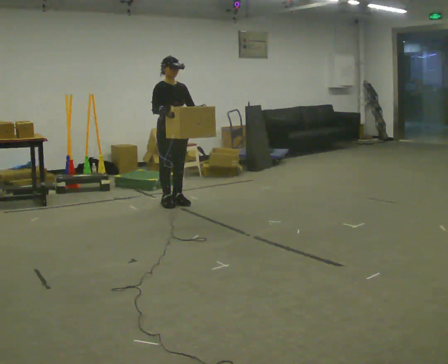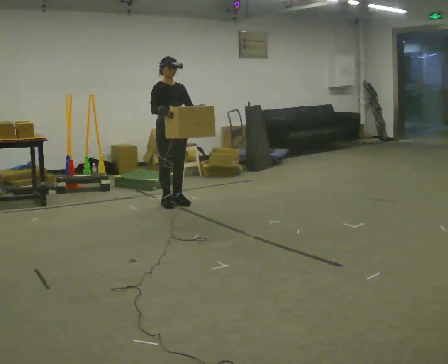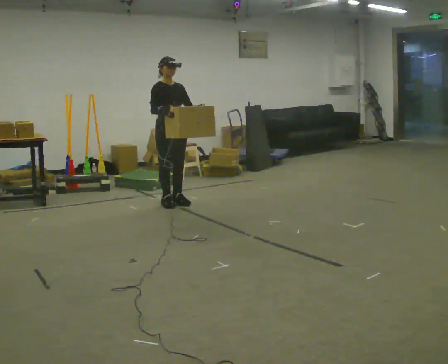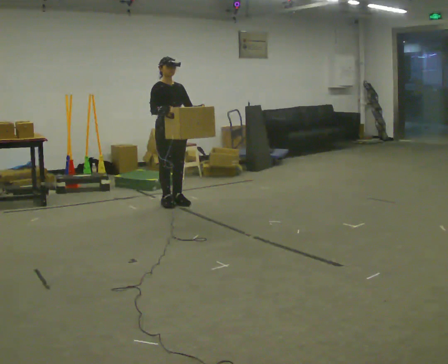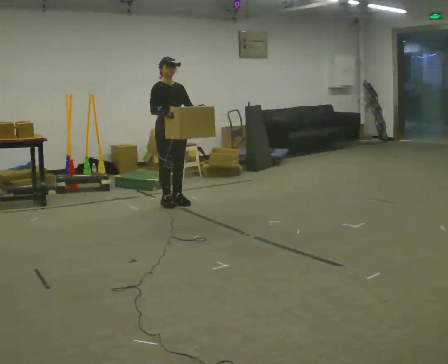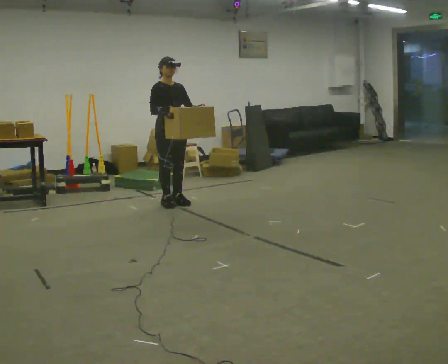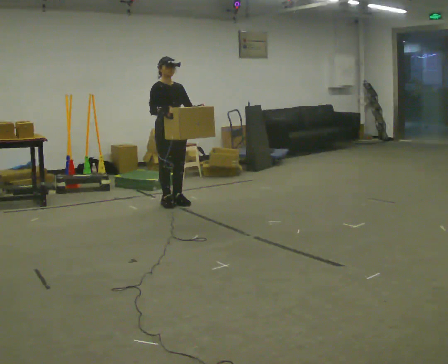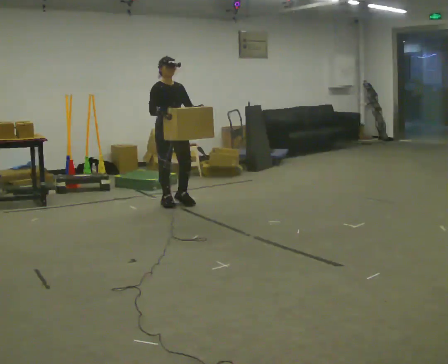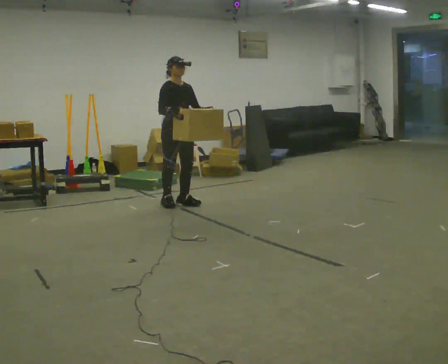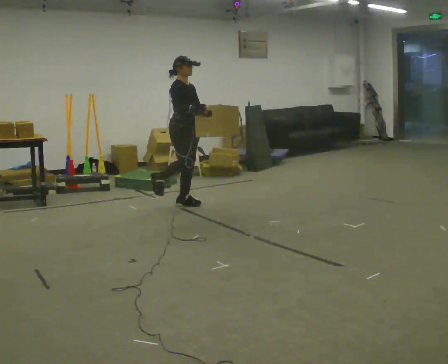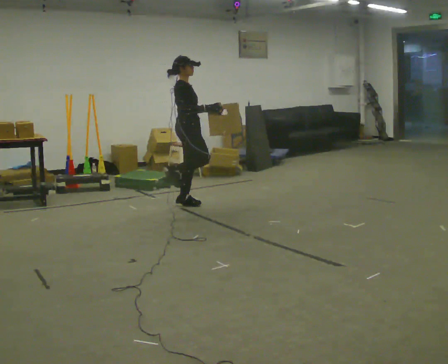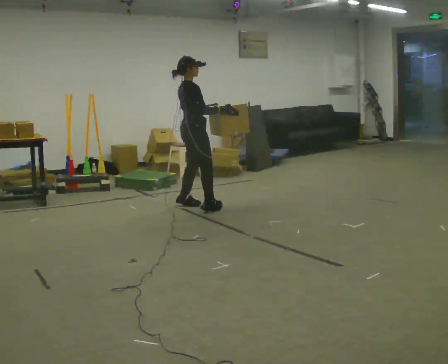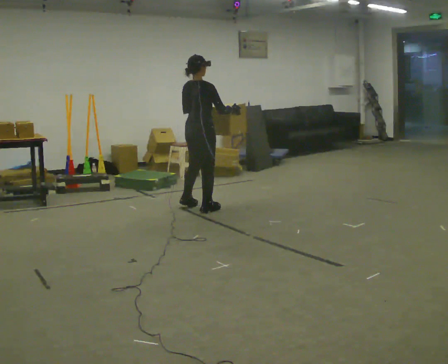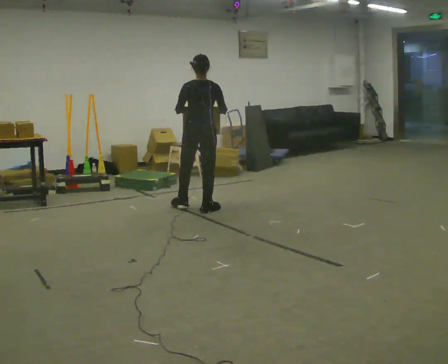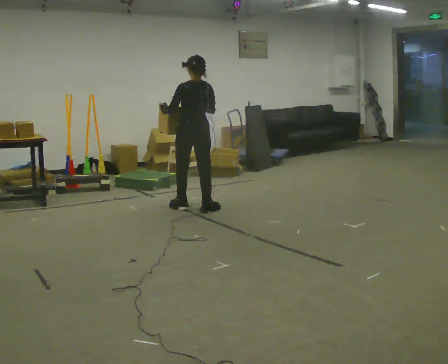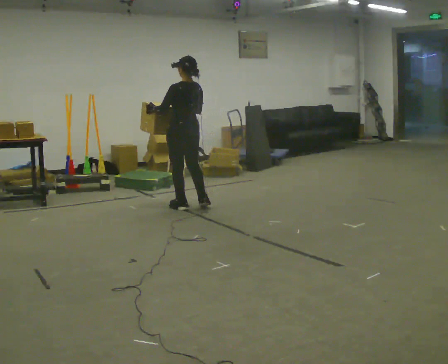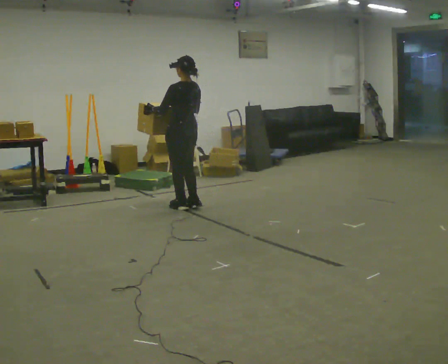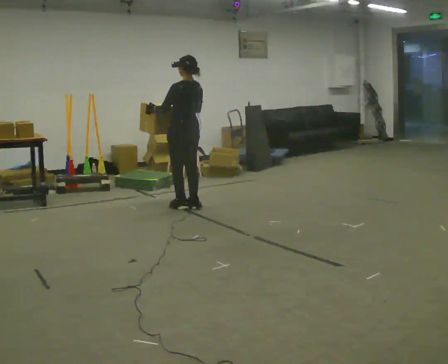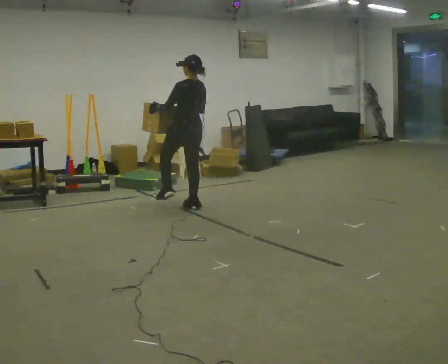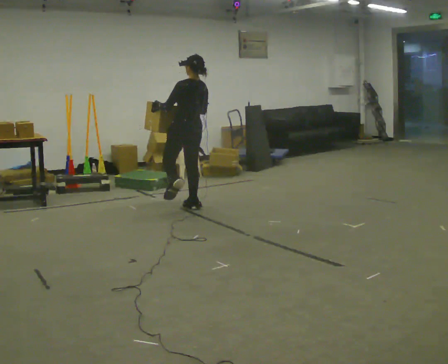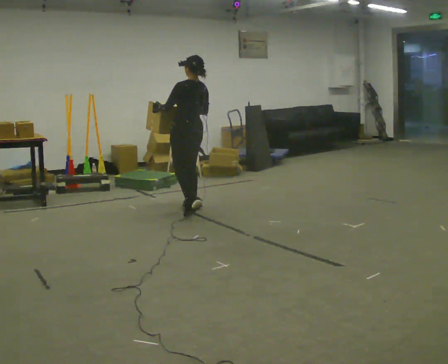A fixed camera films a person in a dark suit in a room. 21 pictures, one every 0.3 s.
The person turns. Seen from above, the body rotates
counterclockwise.
The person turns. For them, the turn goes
to their left.
0.0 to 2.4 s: The person moves a little, or ends about where they began.
2.4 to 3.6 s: The person turns about 105 degrees to their left, counterclockwise seen from above, so the part of the body nearest the lens slides to the right. In the picture they go to the right and toward the camera, about 0.25 m in 1 step.
3.6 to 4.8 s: Seen from above the body turns counterclockwise, about 75 degrees: to their left, with its near side sliding to the right. In the picture they go to the left, about 0.25 m in 2 steps. In the picture their right hand goes to the left.
4.8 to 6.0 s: The person moves a little, or ends about where they began.
The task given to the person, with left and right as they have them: Carry the box while walking backward. The operator confirms the space behind you is clear before each take.
The film runs forward here.
